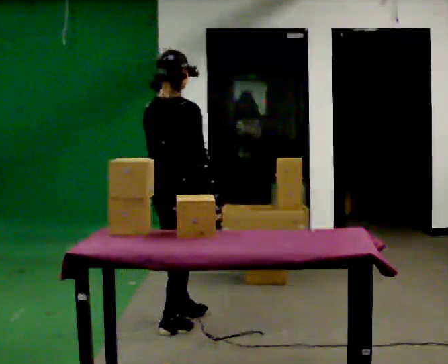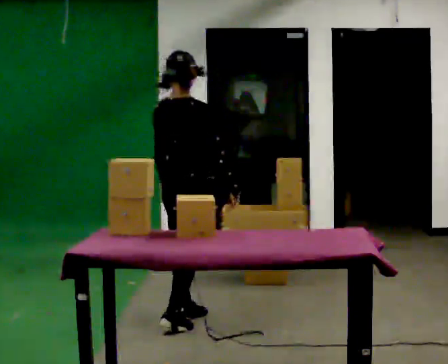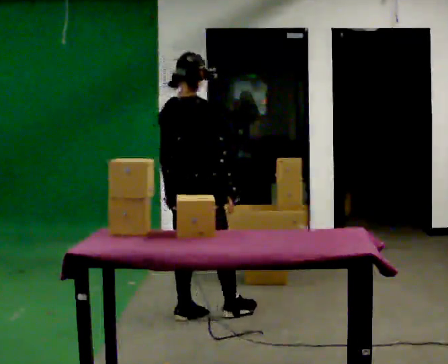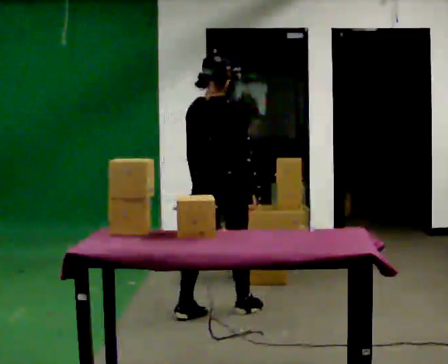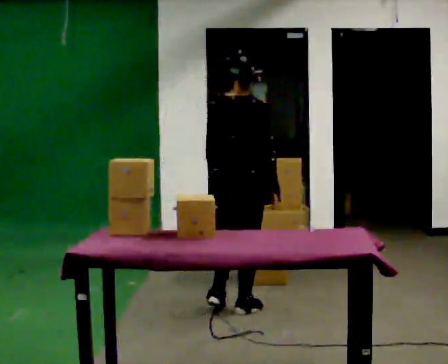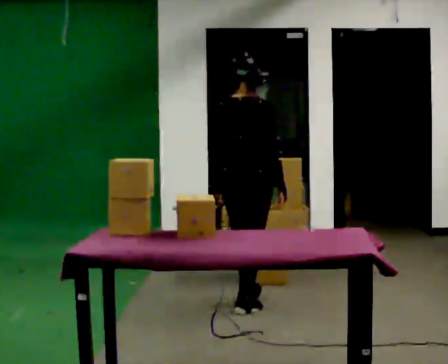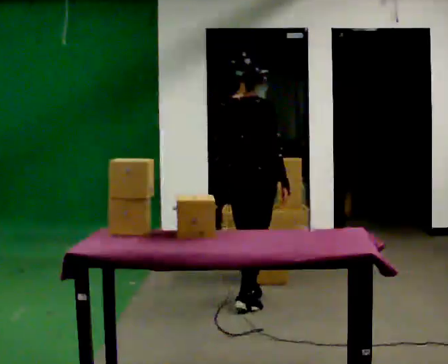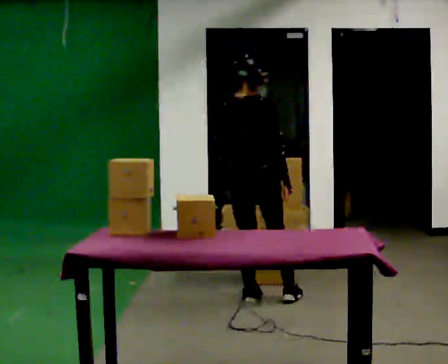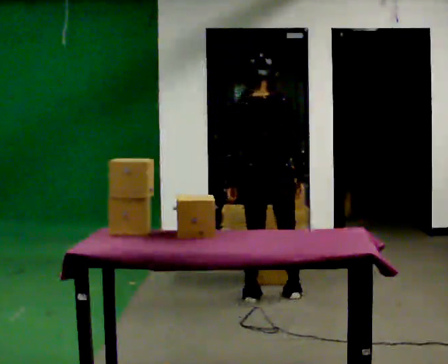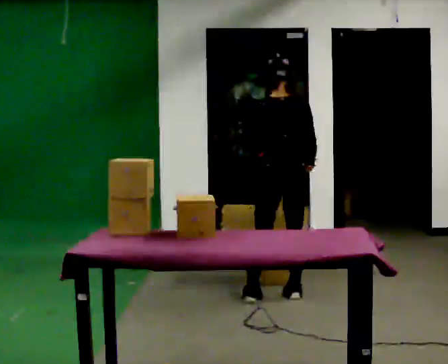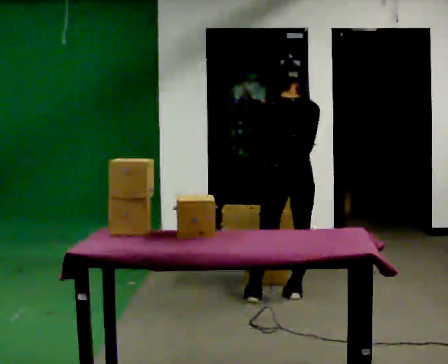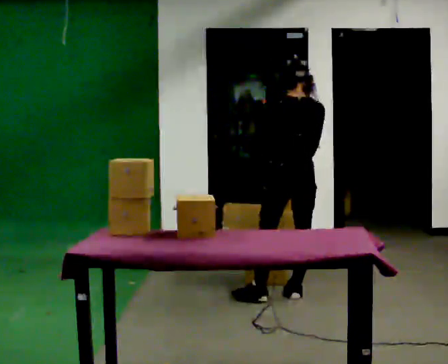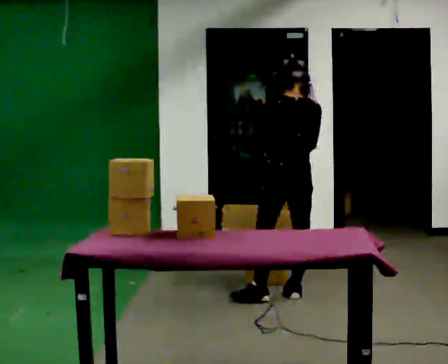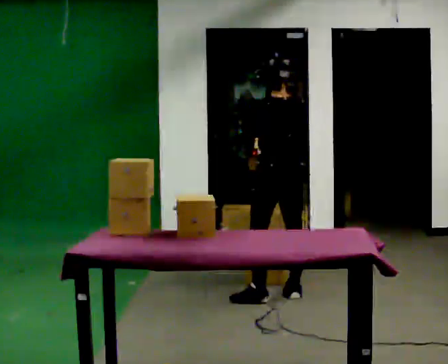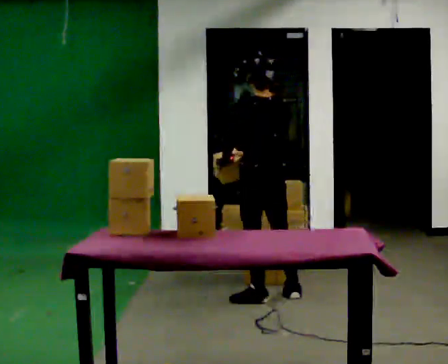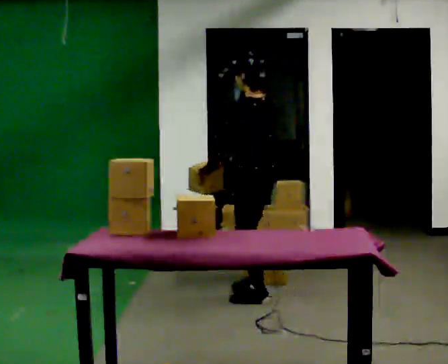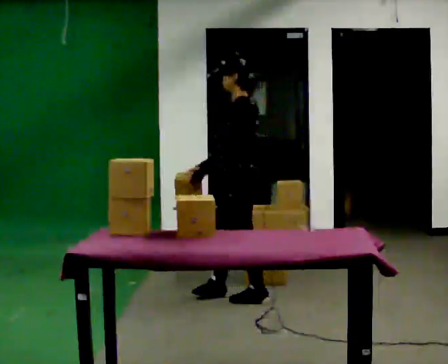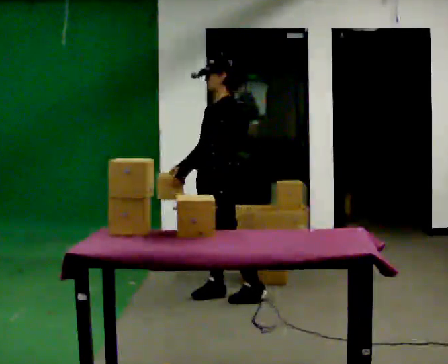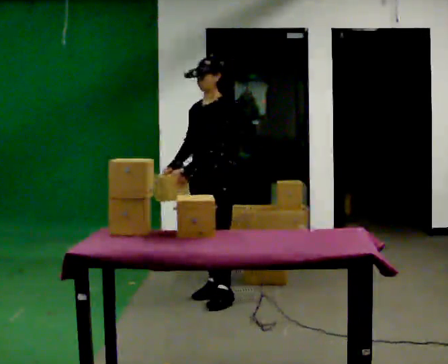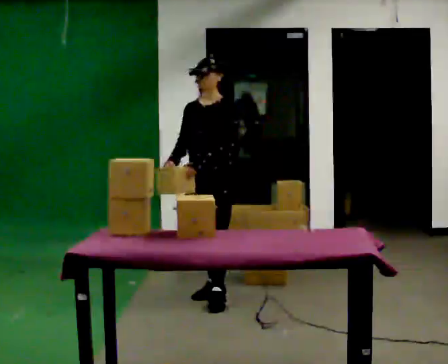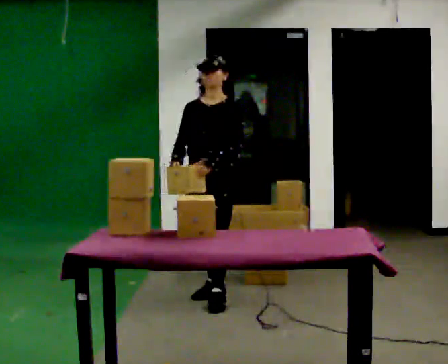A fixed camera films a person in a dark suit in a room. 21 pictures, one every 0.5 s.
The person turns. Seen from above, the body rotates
counterclockwise.
The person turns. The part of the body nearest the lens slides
to the right.
0.0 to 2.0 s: In the picture they go away from the camera and to the right, about 0.5 m in 1 step, which for them is forward.
2.0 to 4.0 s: In the picture they go away from the camera, about 0.5 m in 2 steps, which for them is forward.
4.0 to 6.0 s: The part of the body nearest the lens slides to the right as the person turns to their left by about 30 degrees.
6.0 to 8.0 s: The part of the body nearest the lens slides to the right as the person turns to their left by about 60 degrees. In the picture they go to the left, about 0.25 m in 1 step.
8.0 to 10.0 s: Seen from above the body turns counterclockwise, about 60 degrees: to their left, with its near side sliding to the right. In the picture they go to the left, about 0.25 m in 1 step, which for them is forward.
The film runs forward here.
